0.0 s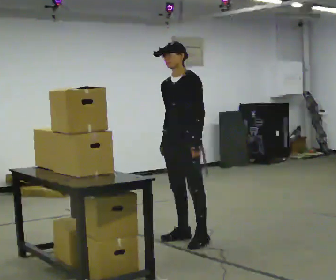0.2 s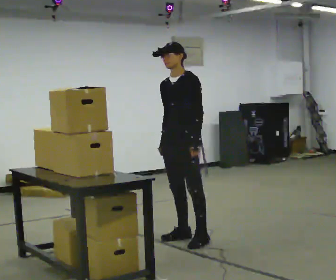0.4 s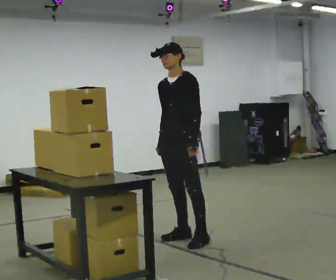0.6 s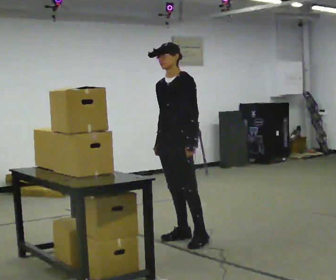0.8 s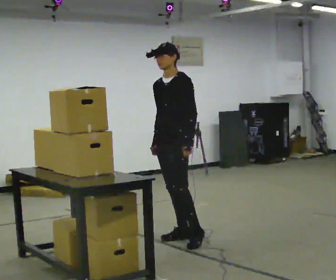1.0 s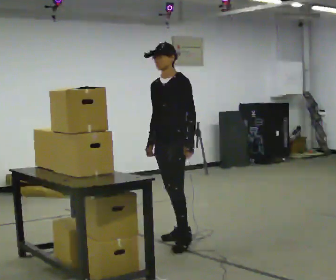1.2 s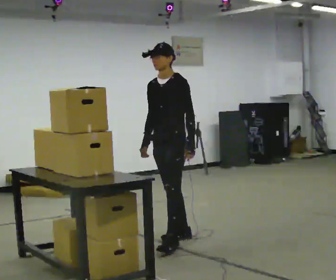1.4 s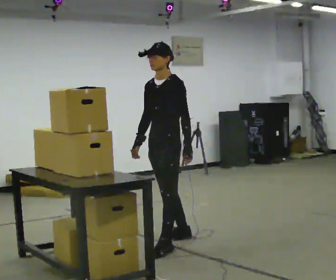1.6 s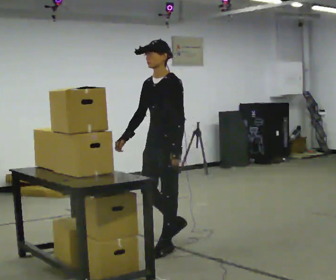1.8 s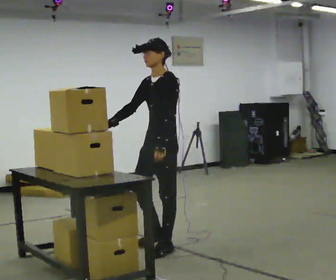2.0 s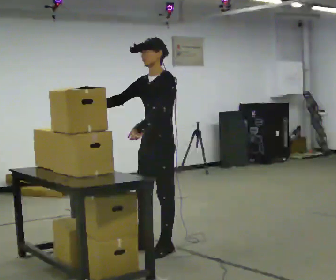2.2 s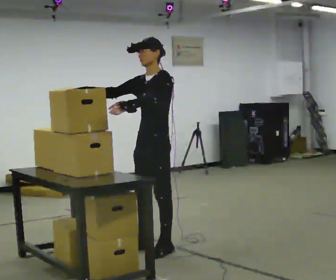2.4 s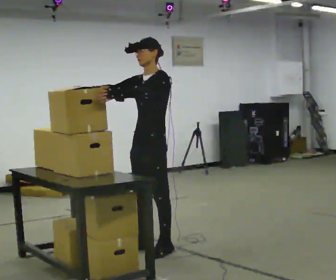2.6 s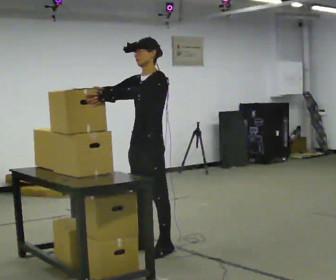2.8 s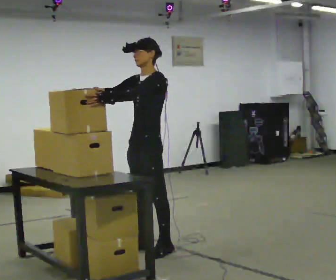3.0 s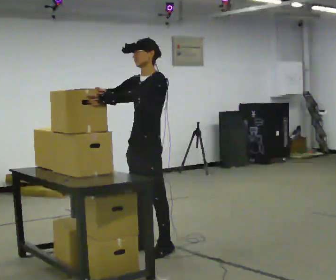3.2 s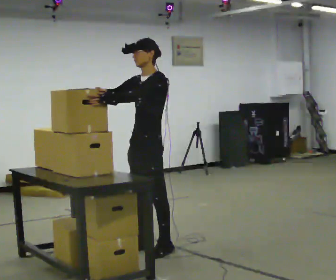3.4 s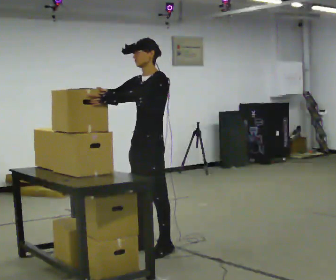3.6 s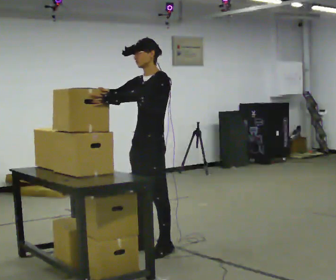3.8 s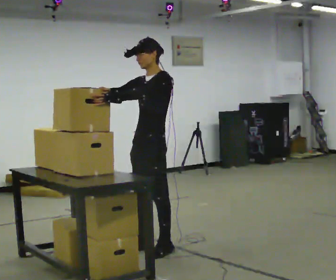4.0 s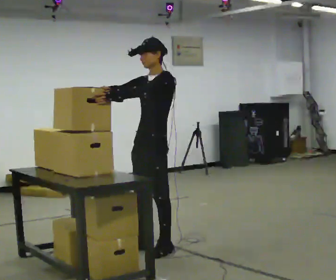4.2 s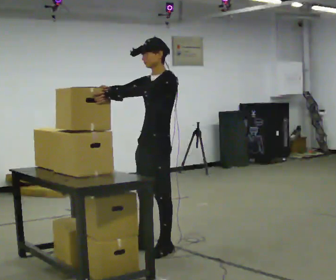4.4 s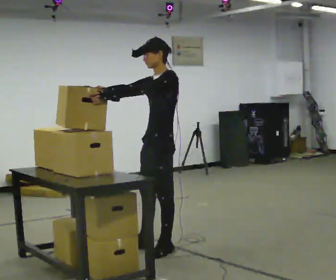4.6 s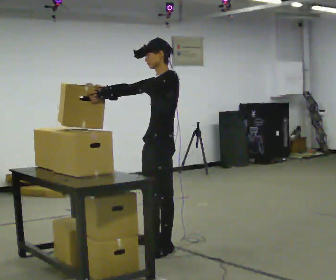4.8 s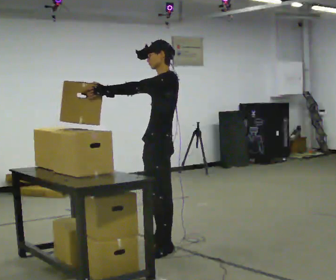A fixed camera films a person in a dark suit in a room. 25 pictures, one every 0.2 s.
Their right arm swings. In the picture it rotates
clockwise.
0.0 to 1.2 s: The person moves a little, or ends about where they began.
1.2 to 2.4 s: In the picture they go toward the camera and to the left, about 0.25 m in 2 steps, which for them is forward and to their left. In the picture their left hand goes upward.
2.4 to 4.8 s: Seen from above the body turns clockwise, about 30 degrees: to their right, with its near side sliding to the left.
The film runs forward here.
